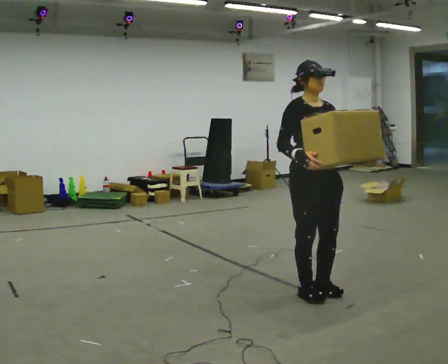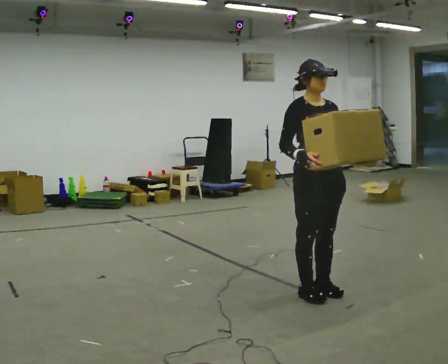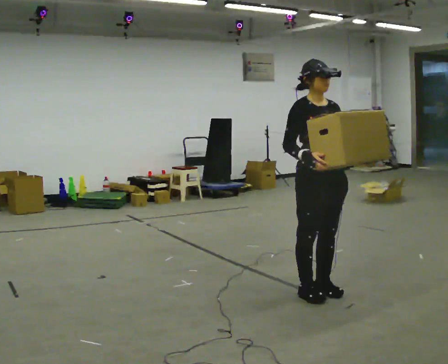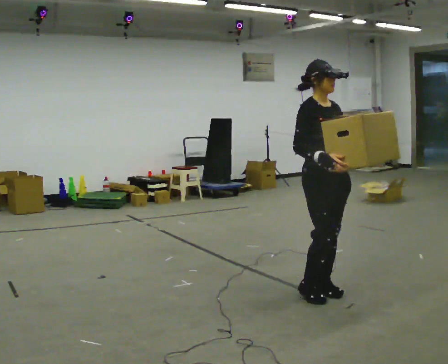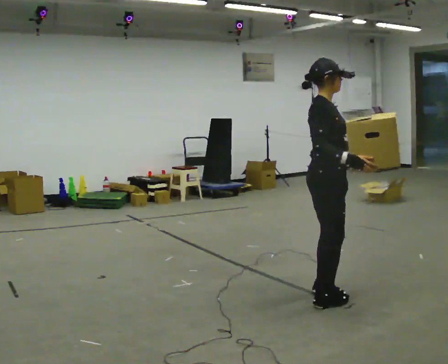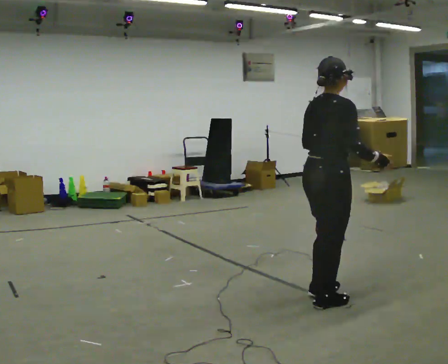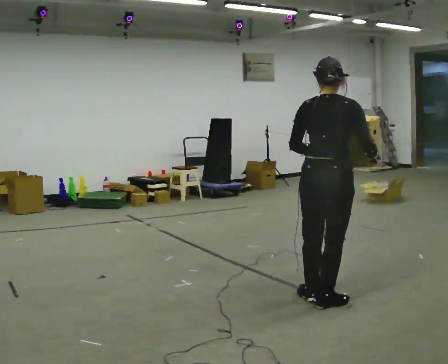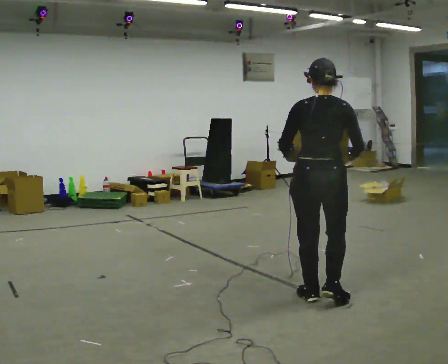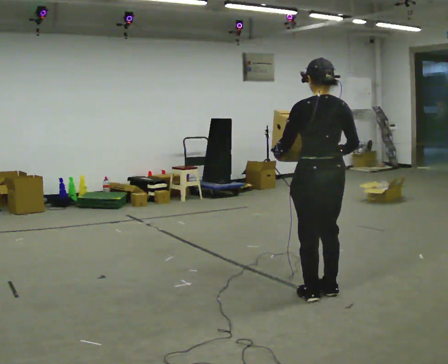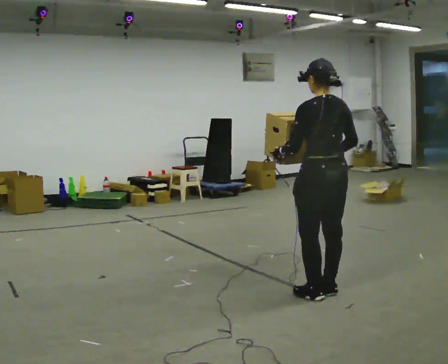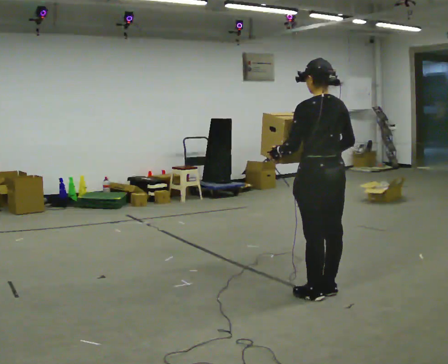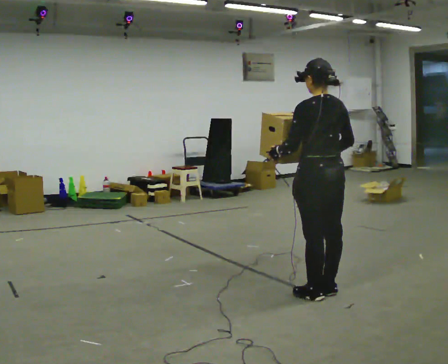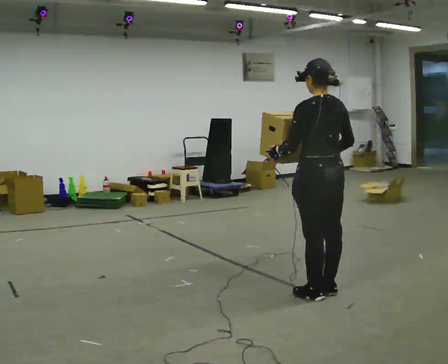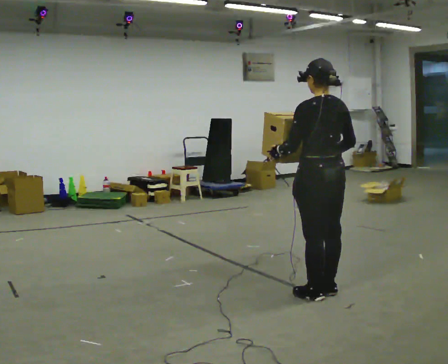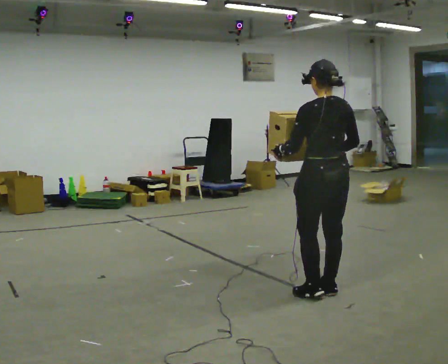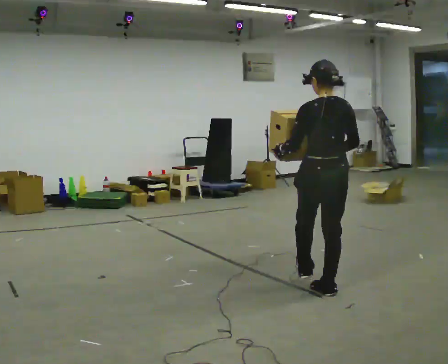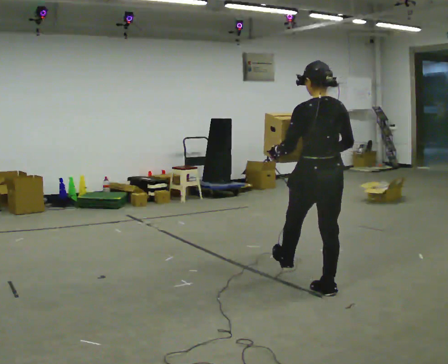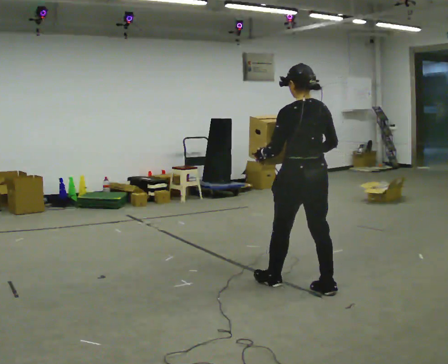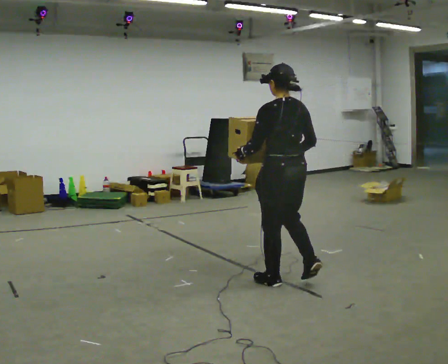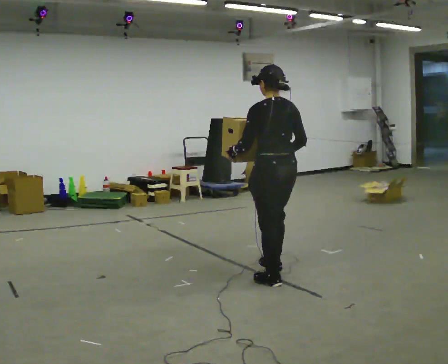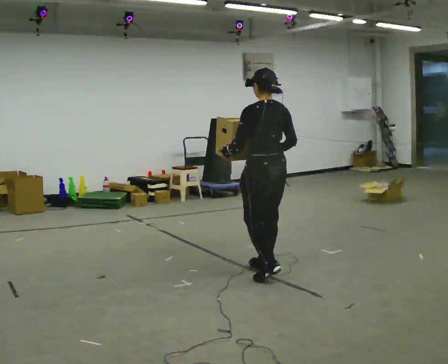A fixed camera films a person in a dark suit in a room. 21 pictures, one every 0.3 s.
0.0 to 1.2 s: The part of the body nearest the lens slides to the right as the person turns to their left by about 45 degrees.
1.2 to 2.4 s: The person turns about 120 degrees to their left, counterclockwise seen from above, so the part of the body nearest the lens slides to the right.
2.4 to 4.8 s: In the picture they go away from the camera, about 0.25 m in 1 step, which for them is forward.
4.8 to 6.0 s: In the picture they go away from the camera and to the left, about 0.5 m in 2 steps, which for them is forward.
The film runs forward here.
